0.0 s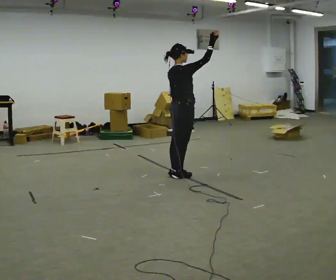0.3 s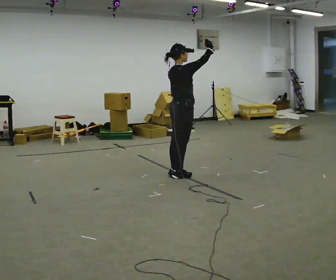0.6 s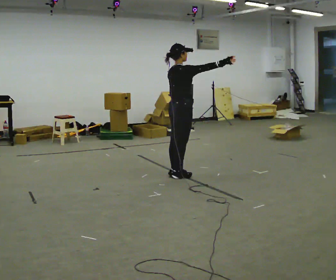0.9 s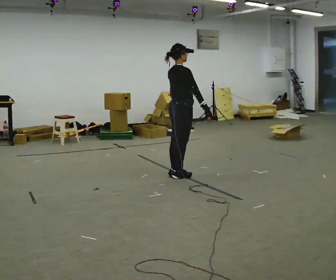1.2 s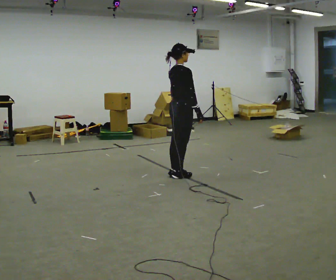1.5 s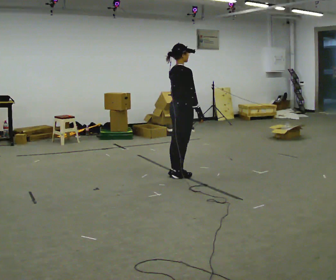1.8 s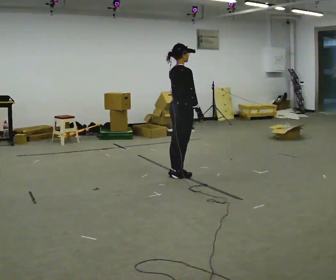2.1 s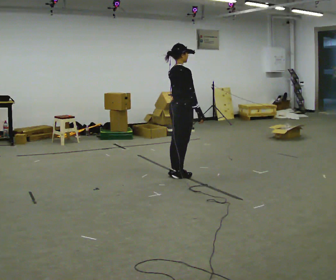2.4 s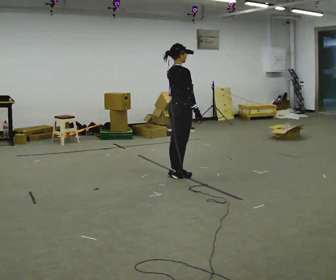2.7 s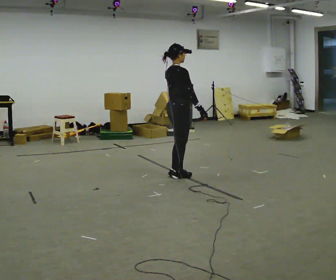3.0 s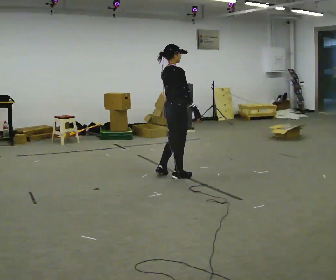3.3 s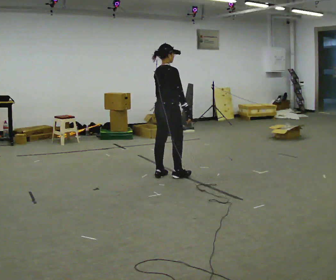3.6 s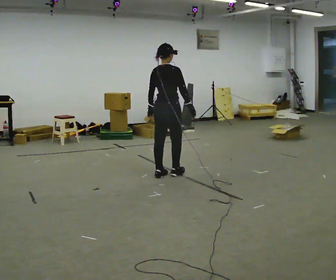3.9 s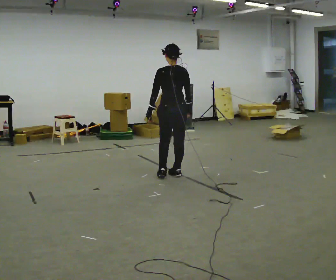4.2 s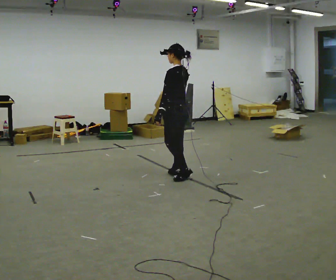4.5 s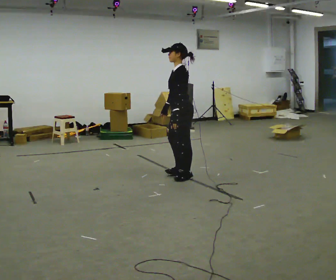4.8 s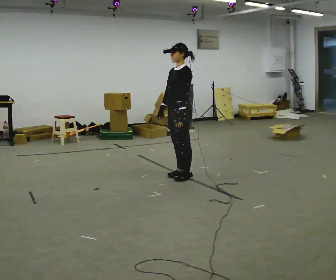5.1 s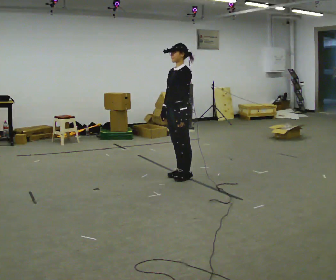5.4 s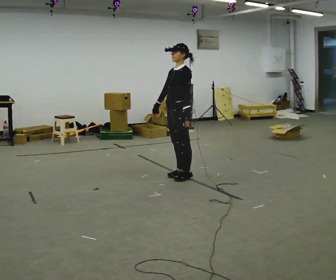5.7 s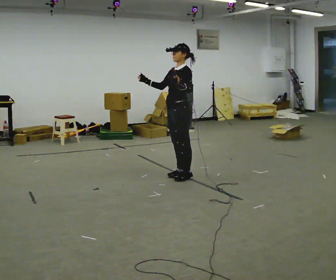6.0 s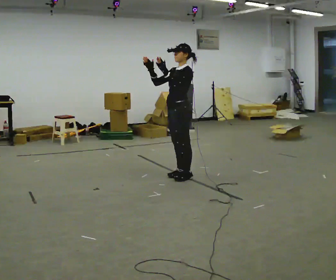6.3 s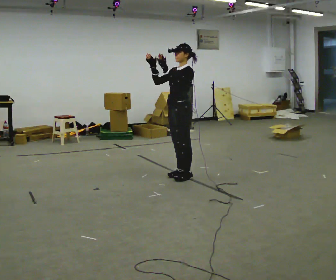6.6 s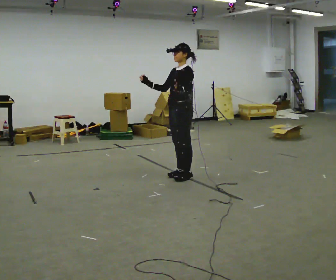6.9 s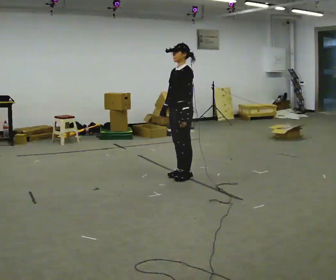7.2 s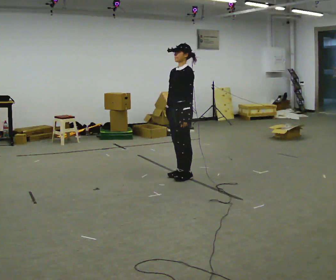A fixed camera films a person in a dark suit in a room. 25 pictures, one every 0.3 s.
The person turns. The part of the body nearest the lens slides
to the right.
The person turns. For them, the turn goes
to their left.
0.0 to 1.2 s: In the picture their right hand goes downward, the arm swinging clockwise.
1.2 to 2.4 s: The person moves a little, or ends about where they began.
2.4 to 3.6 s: The part of the body nearest the lens slides to the right as the person turns to their left by about 30 degrees. In the picture they go to the left, about 0.25 m in 1 step, which for them is backward. In the picture their left hand goes to the left.
3.6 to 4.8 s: The part of the body nearest the lens slides to the right as the person turns to their left by about 150 degrees. In the picture they go to the right, about 0.25 m in 1 step. In the picture their right hand goes to the left, the arm swinging clockwise.
4.8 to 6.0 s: In the picture their right hand goes upward, the arm swinging clockwise.
6.0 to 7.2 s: In the picture their right hand goes downward.
The film runs backward here.
